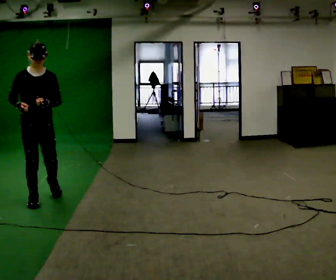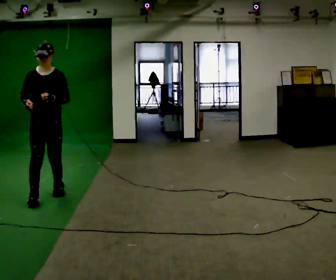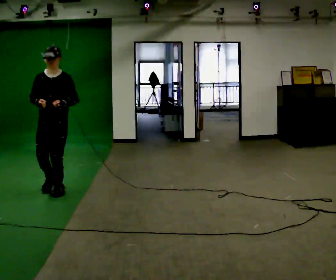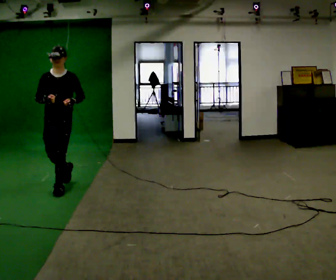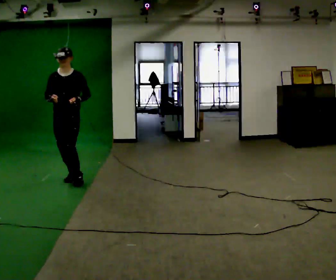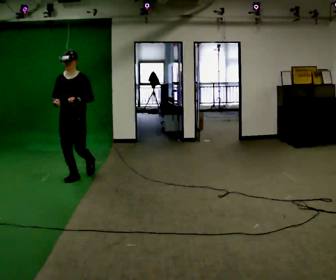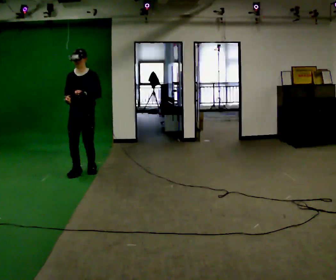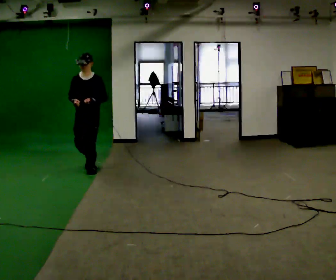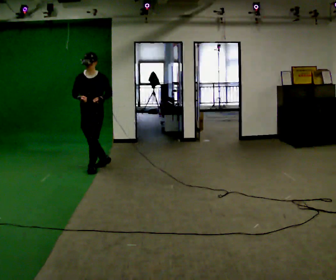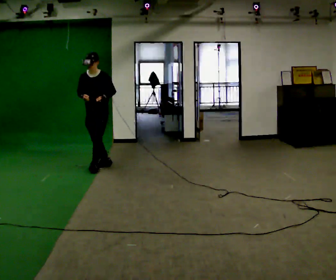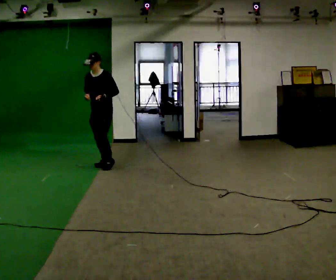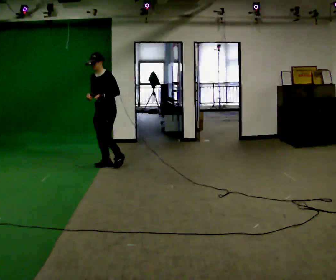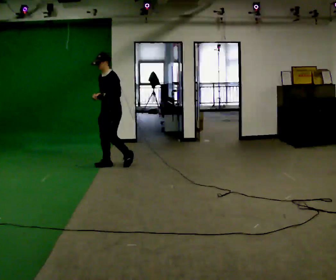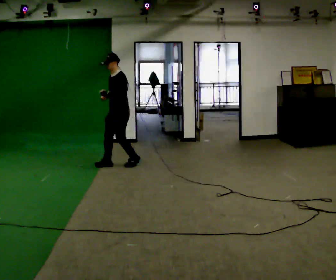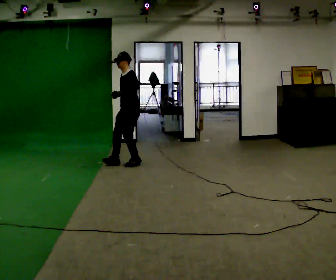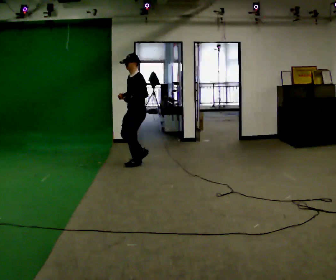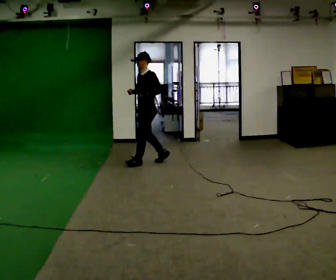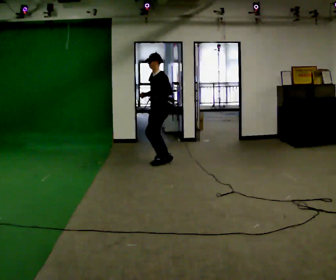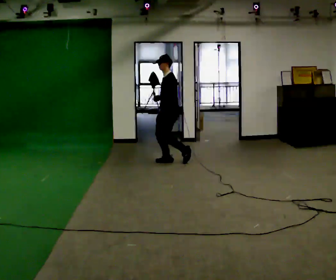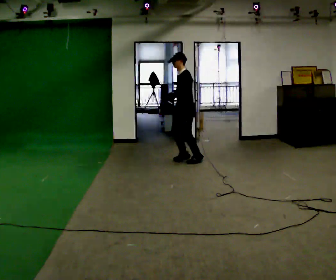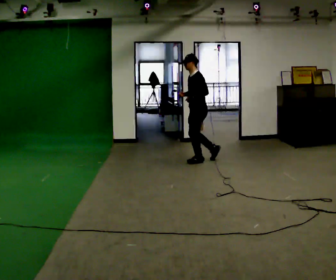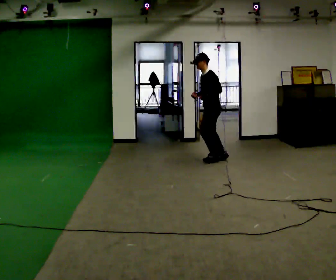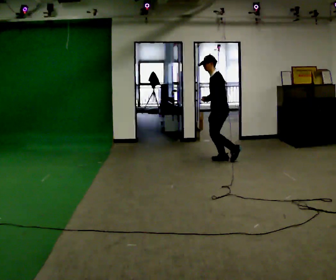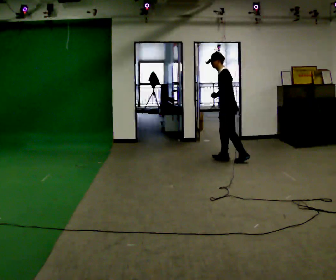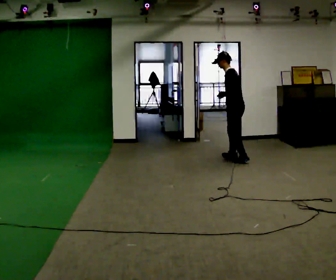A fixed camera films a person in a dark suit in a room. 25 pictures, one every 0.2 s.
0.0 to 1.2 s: The person turns about 30 degrees to their right, clockwise seen from above, so the part of the body nearest the lens slides to the left. In the picture they go away from the camera, about 1 m in 3 steps, which for them is backward.
1.2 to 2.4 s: Seen from above the body turns clockwise, about 45 degrees: to their right, with its near side sliding to the left. In the picture they go away from the camera and to the right, about 0.75 m in 1 step, which for them is backward.
2.4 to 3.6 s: Seen from above the body turns clockwise, about 30 degrees: to their right, with its near side sliding to the left. In the picture they go to the right, about 1 m in 2 steps, which for them is backward.
3.6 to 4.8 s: The person turns about 45 degrees to their right, clockwise seen from above, so the part of the body nearest the lens slides to the left. In the picture they go to the right, about 1 m in 3 steps, which for them is backward.
The film runs backward here.
